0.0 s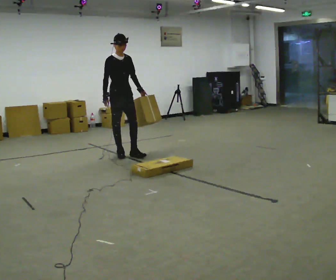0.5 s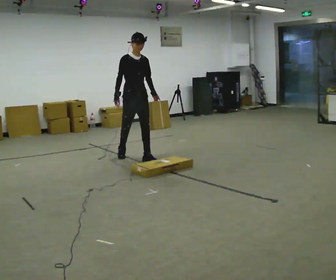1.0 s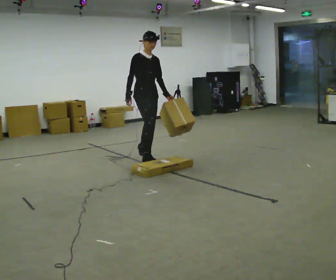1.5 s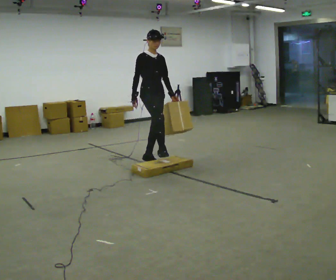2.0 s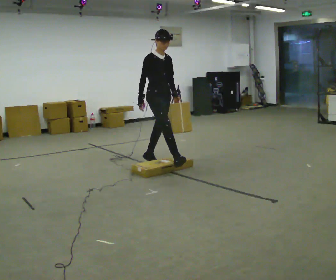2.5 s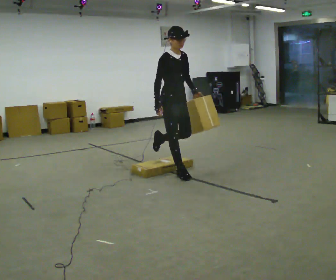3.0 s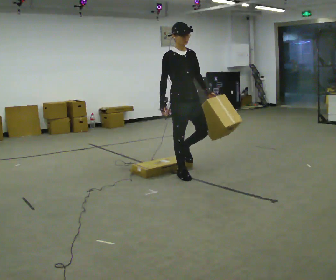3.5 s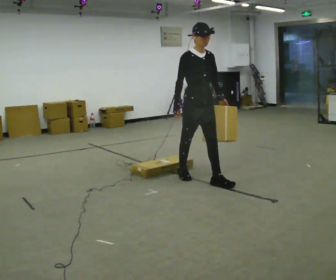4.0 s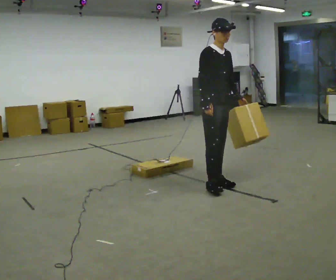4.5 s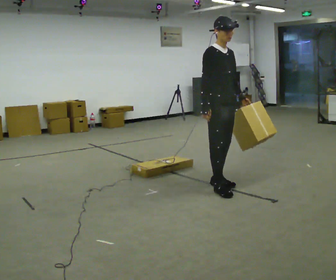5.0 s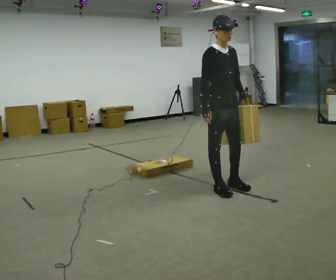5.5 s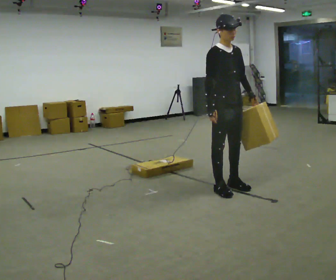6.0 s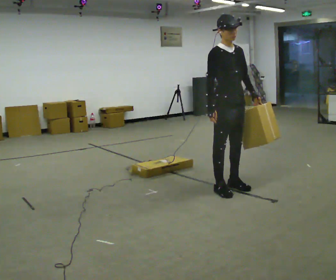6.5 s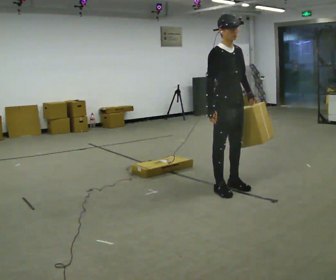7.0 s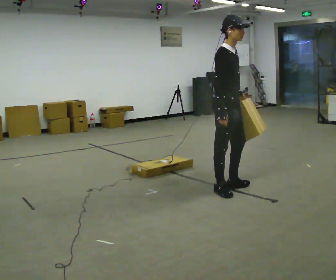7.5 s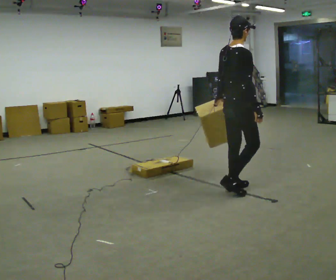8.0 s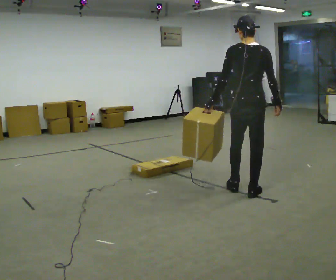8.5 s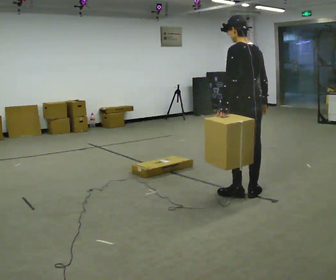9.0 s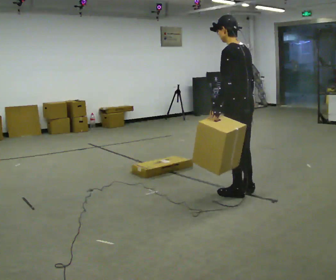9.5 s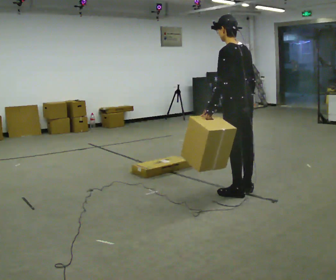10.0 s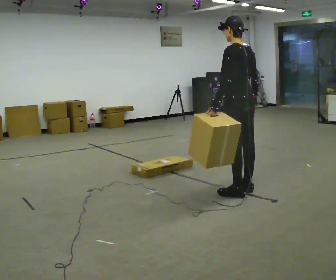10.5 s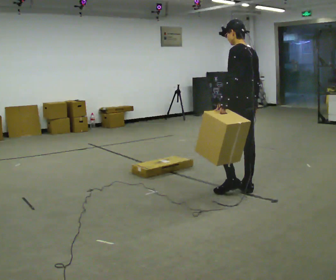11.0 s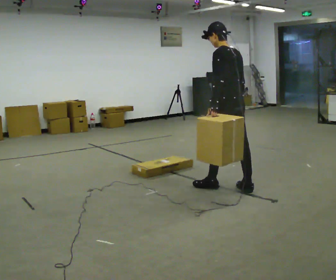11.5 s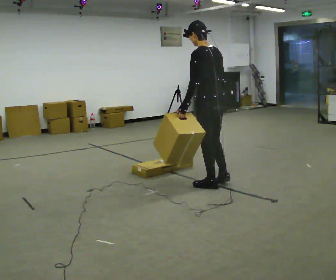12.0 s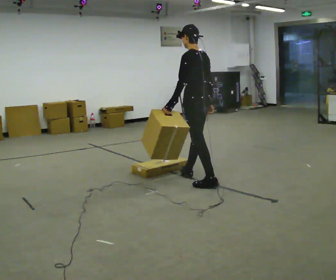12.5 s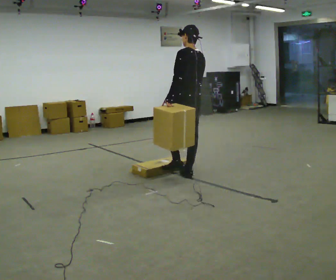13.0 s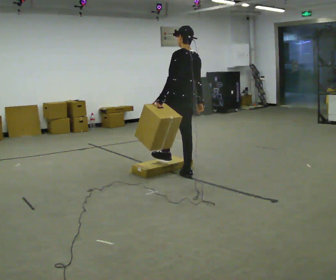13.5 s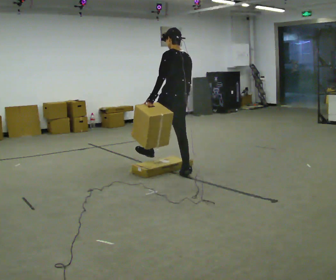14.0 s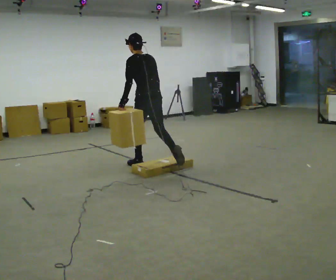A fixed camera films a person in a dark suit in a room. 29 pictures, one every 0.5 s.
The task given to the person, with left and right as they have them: Carry the box over the low sill without stopping, then bring it back over. Keep going until the operator says stop; one object at a time, and do not rush between trips.
0.0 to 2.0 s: In the picture they go to the right and toward the camera, about 1 m in 1 step, which for them is forward.
2.0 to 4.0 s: In the picture they go to the right and toward the camera, about 1 m in 2 steps, which for them is forward.
4.0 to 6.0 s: In the picture they go toward the camera and to the right, about 0.25 m in 2 steps, which for them is forward.
6.0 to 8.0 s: The part of the body nearest the lens slides to the right as the person turns to their left by about 135 degrees. In the picture they go to the right and toward the camera, about 0.25 m in 2 steps.
8.0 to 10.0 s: Seen from above the body turns counterclockwise, about 45 degrees: to their left, with its near side sliding to the right.
10.0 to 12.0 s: In the picture they go to the left and away from the camera, about 0.5 m in 2 steps, which for them is forward.
12.0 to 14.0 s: In the picture they go to the left and away from the camera, about 1 m in 1 step, which for them is forward.
The film runs forward here.
